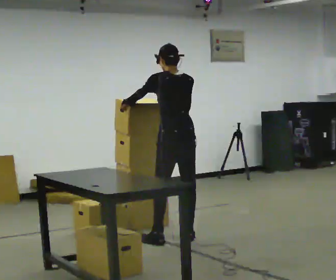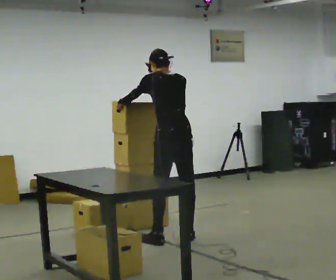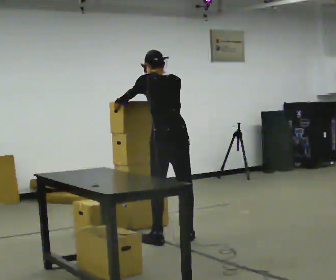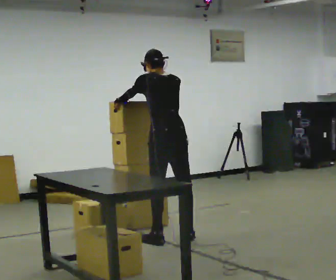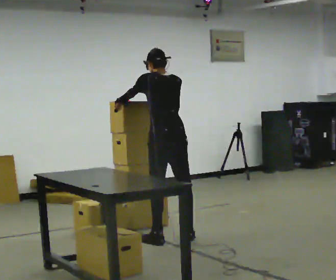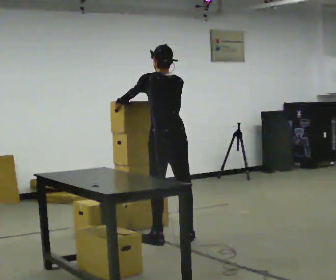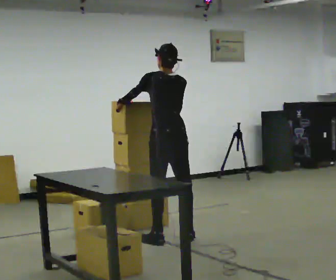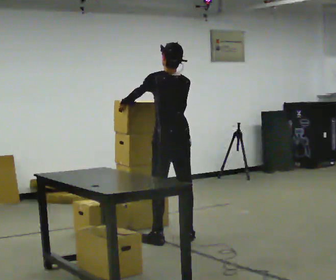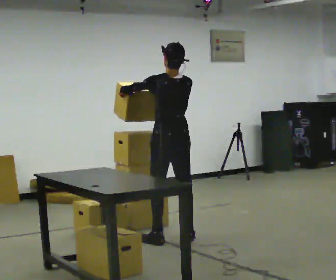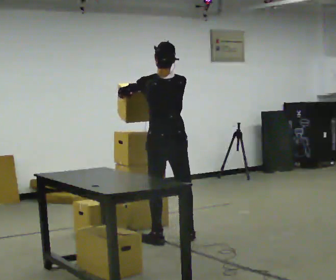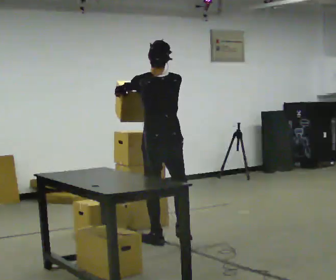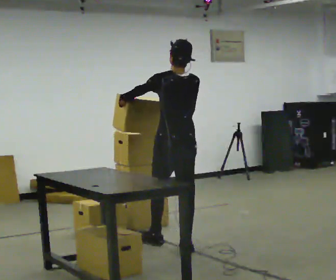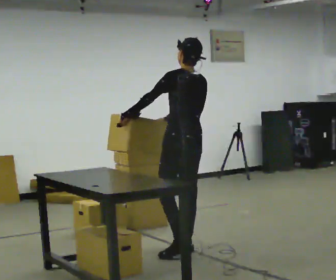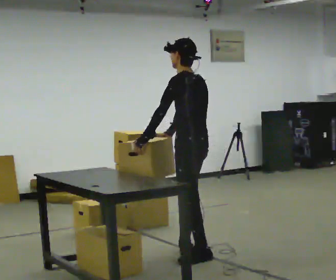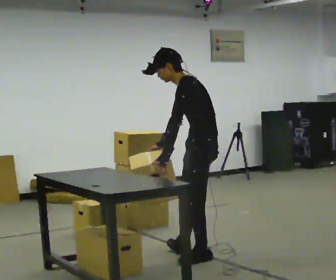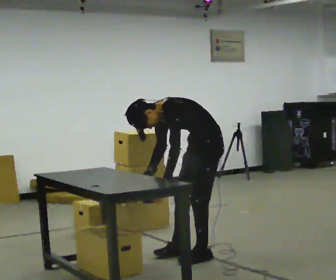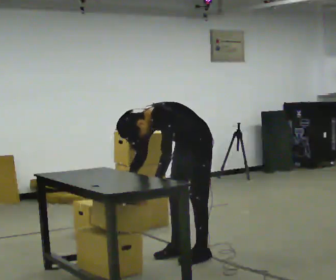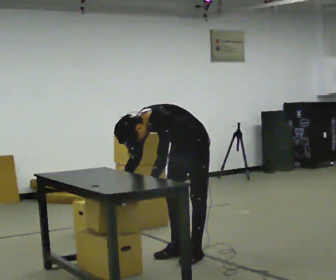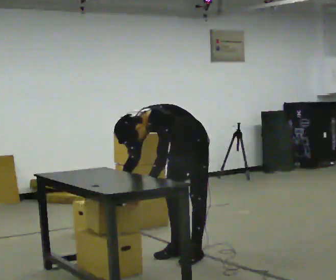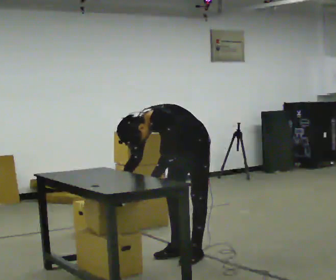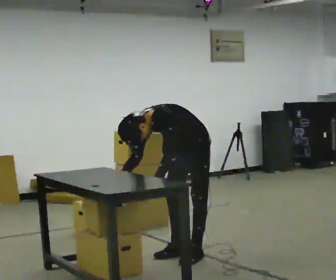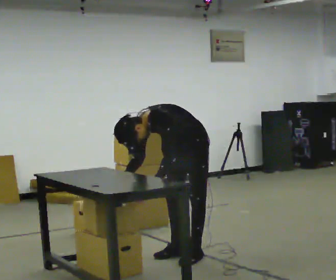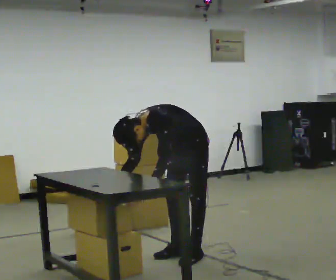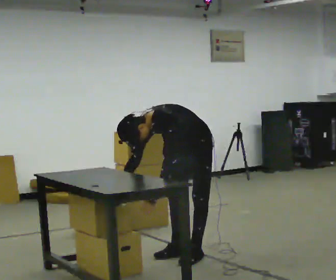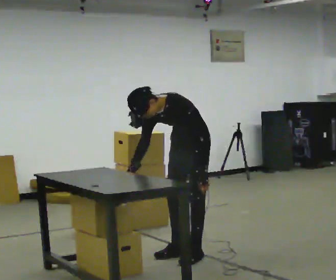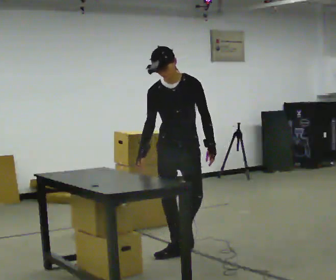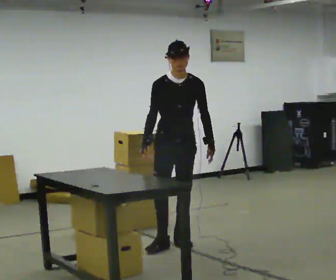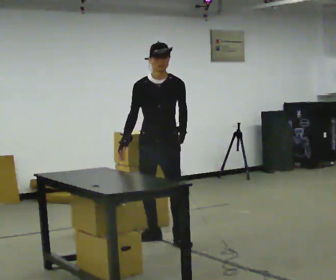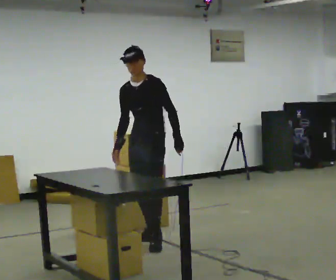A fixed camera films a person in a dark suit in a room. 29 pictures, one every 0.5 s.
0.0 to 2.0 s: The person moves a little, or ends about where they began.
2.0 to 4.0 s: The upper body tips toward the camera, its near side rolling downward, as they lean back or straighten.
4.0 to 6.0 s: In the picture they go toward the camera, about 0.5 m in 2 steps, which for them is backward.
6.0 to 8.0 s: The person turns about 90 degrees to their left, counterclockwise seen from above, so the part of the body nearest the lens slides to the right. The shoulders move downward. In the picture the upper body tilts counterclockwise, shoulders to the left, as they bend forward. In the picture their left hand goes downward, the arm swinging counterclockwise.
8.0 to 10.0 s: The person moves a little, or ends about where they began.
10.0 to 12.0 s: In the picture their left hand goes to the right.
12.0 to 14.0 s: In the picture they go away from the camera and to the left, about 0.5 m in 3 steps, which for them is backward and to their right. The shoulders move upward. The upper body tips away from the camera, its near side rolling upward, as they lean back or straighten.
The film runs backward here.
